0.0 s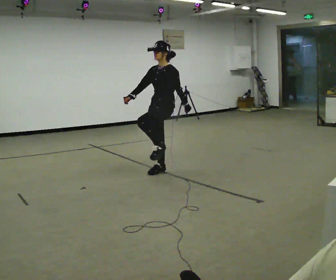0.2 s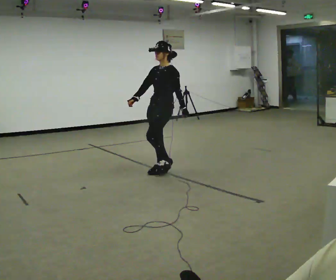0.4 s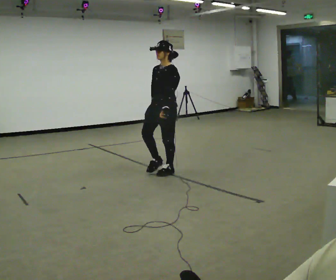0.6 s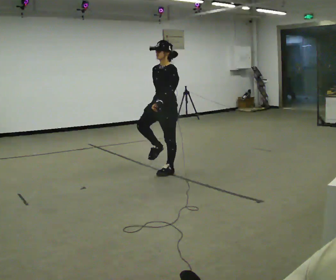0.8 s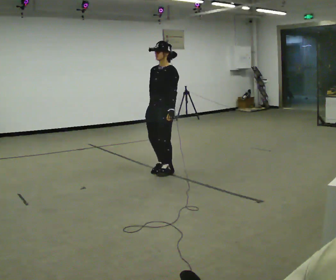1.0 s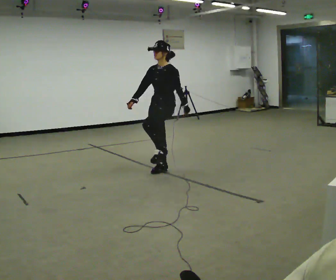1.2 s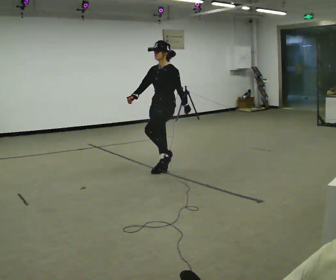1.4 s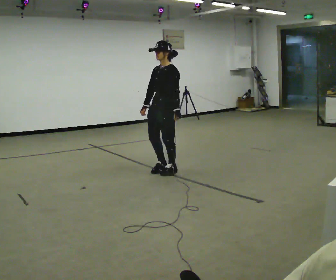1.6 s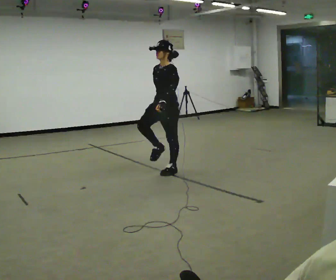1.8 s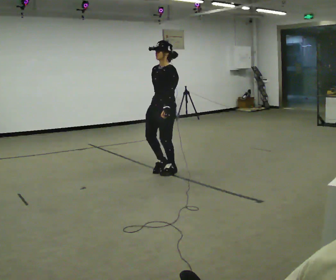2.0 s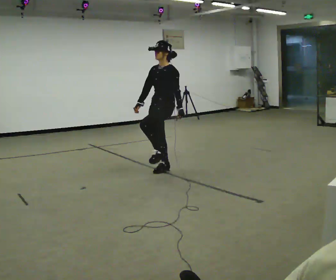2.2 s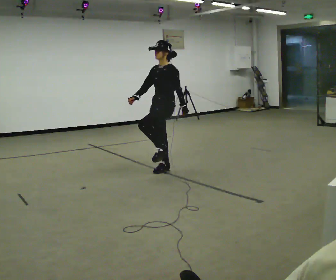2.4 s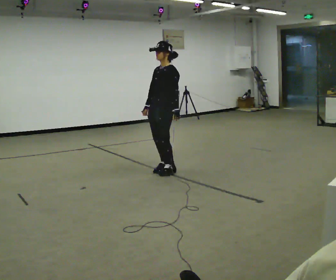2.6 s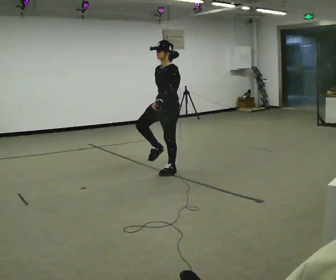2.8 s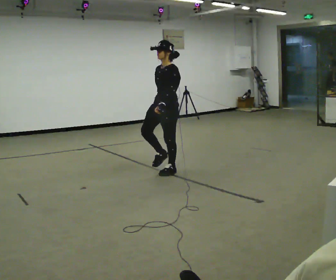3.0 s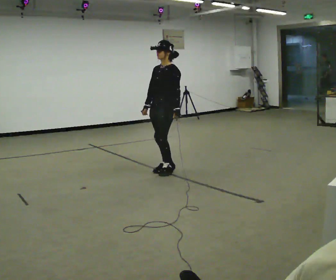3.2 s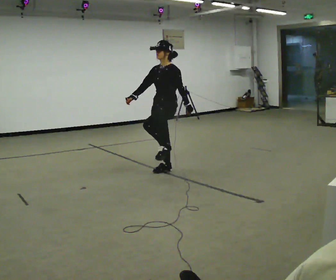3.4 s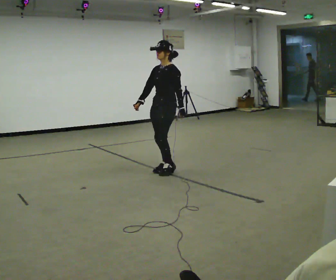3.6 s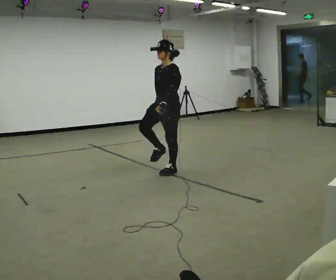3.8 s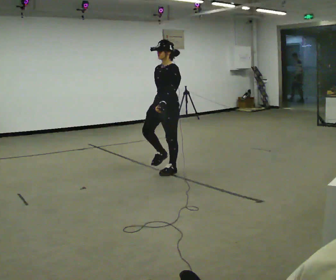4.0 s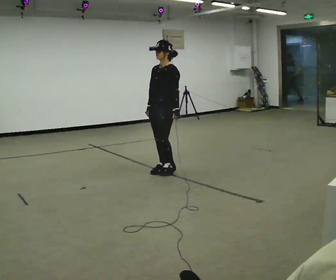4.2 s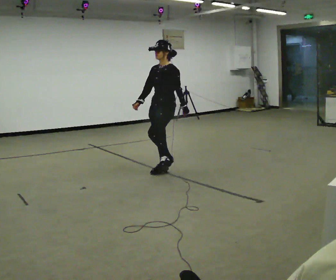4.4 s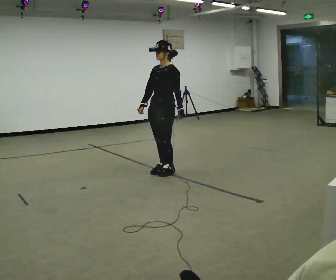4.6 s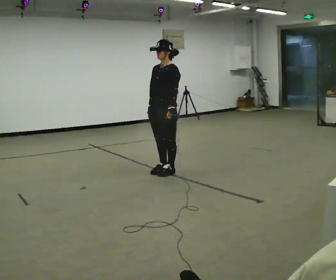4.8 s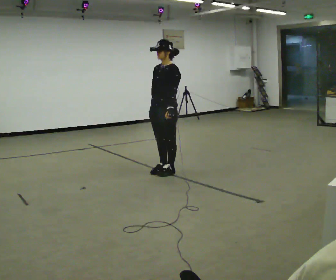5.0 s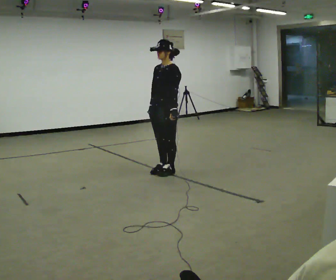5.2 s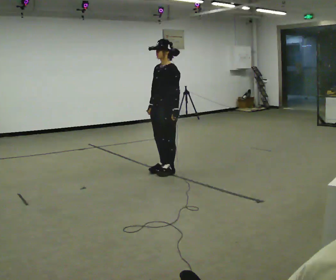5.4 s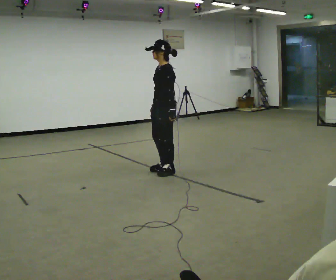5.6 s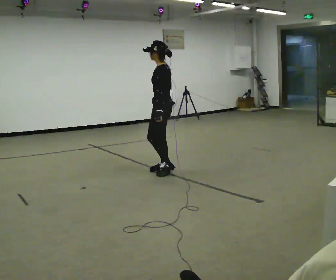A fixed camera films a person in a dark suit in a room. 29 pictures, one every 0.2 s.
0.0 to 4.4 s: The person moves a little, or ends about where they began.
4.4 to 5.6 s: Seen from above the body turns clockwise, about 45 degrees: to their right, with its near side sliding to the left.
The film runs forward here.
